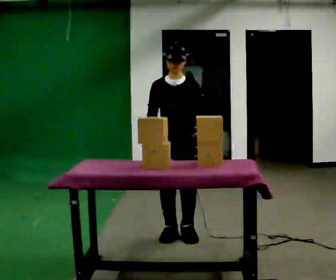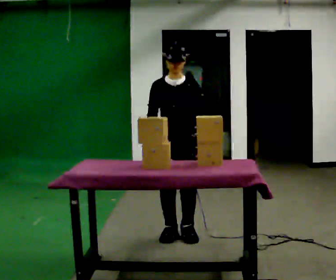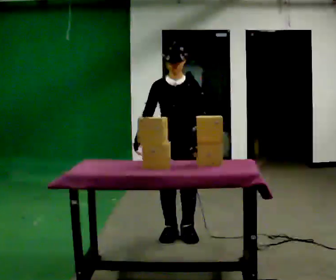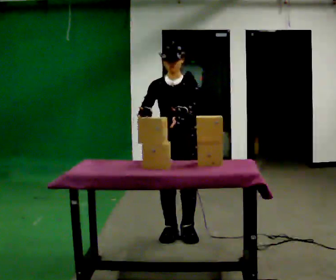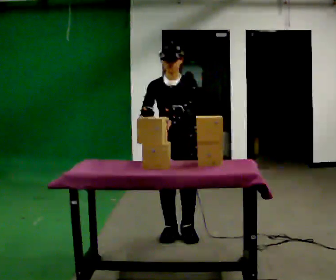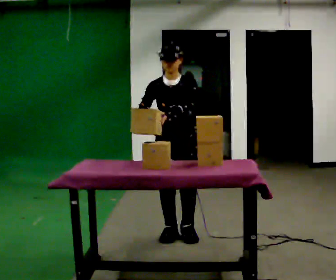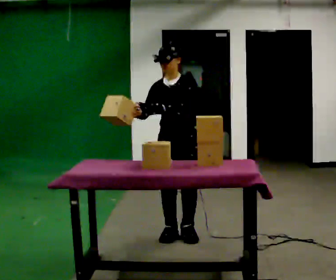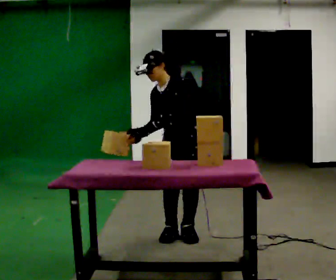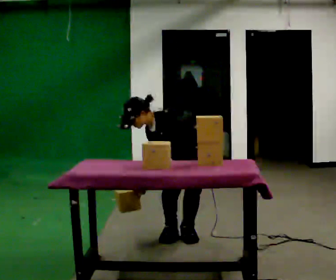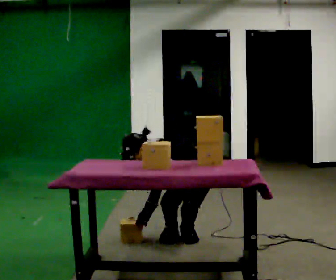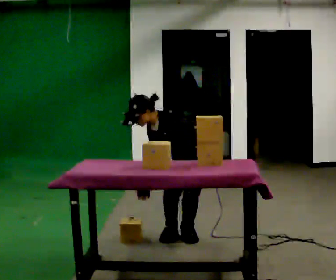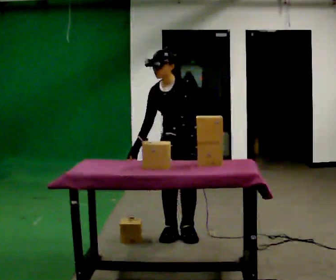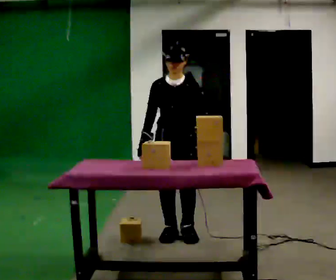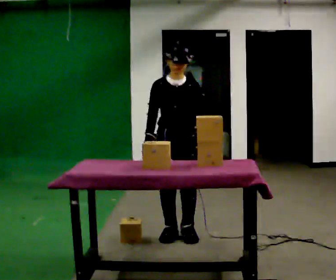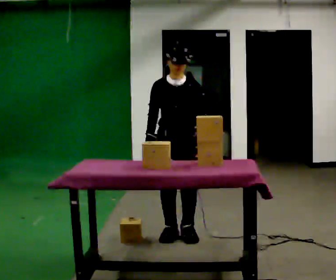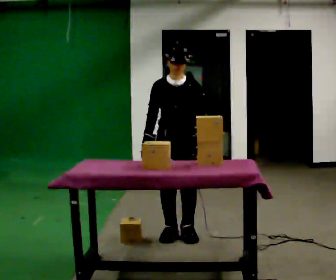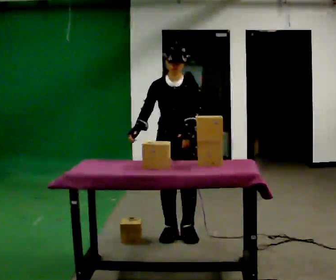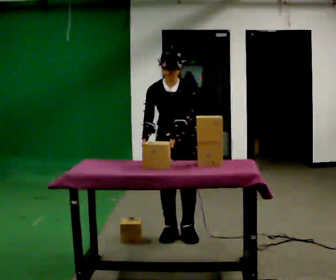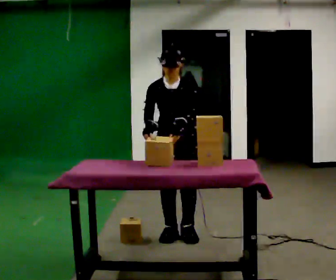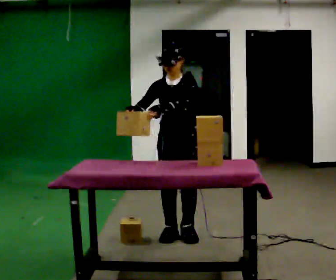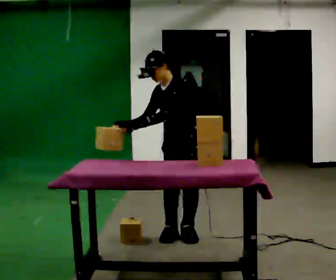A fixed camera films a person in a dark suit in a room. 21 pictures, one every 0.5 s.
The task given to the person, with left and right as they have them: Pick the fragile object up and set it back down as gently as you can. Repeat at your own pace until the operator says stop. Keep both feet on the marked spots for the whole take. If you have to step, stop and tell the operator.
0.0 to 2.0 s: The person moves a little, or ends about where they began.
2.0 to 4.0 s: Seen from above the body turns clockwise, about 30 degrees: to their right, with its near side sliding to the left. The shoulders move downward. In the picture the upper body tilts counterclockwise, shoulders to the left, as they bend forward. In the picture their right hand goes downward.
4.0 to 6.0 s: Seen from above the body turns counterclockwise, about 30 degrees: to their left, with its near side sliding to the right. In the picture their left hand goes to the right.
6.0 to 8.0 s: The person moves a little, or ends about where they began.
8.0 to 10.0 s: The person turns about 30 degrees to their right, clockwise seen from above, so the part of the body nearest the lens slides to the left. In the picture the upper body tilts counterclockwise, shoulders to the left. In the picture their left hand goes to the left.
The film runs forward here.
